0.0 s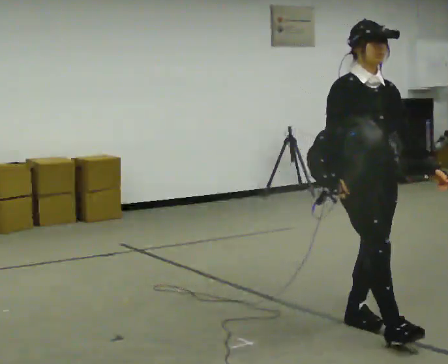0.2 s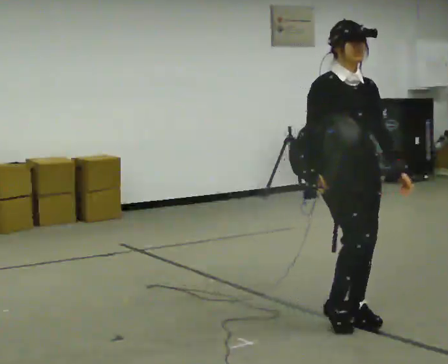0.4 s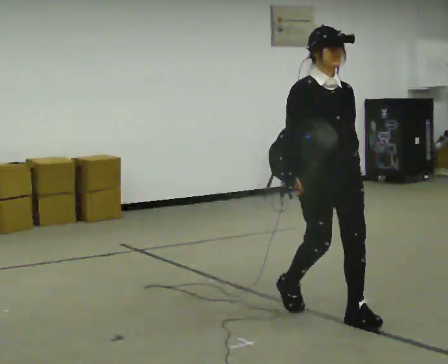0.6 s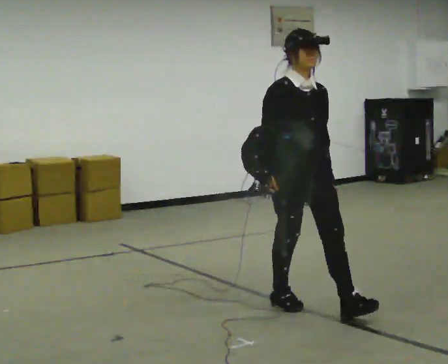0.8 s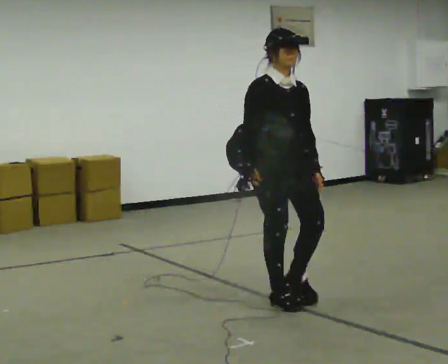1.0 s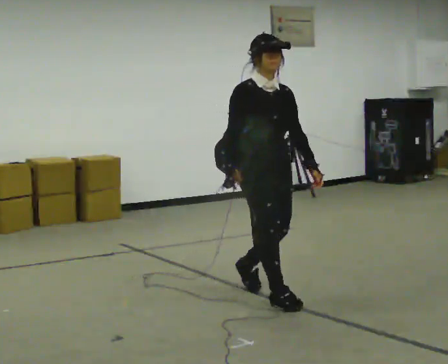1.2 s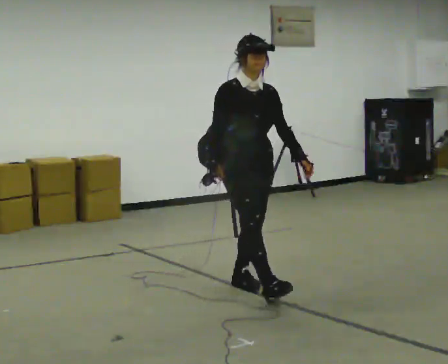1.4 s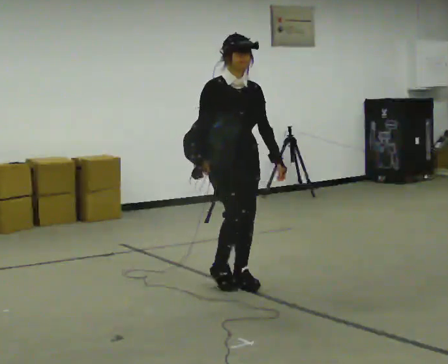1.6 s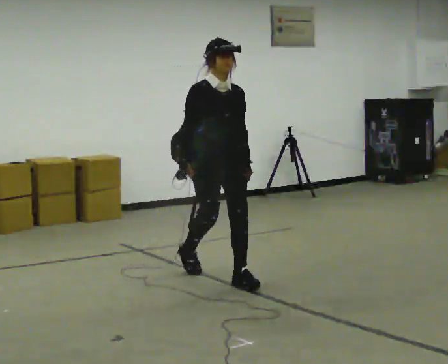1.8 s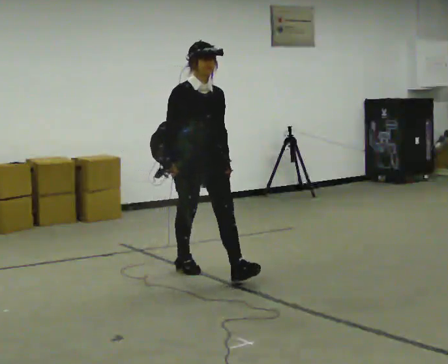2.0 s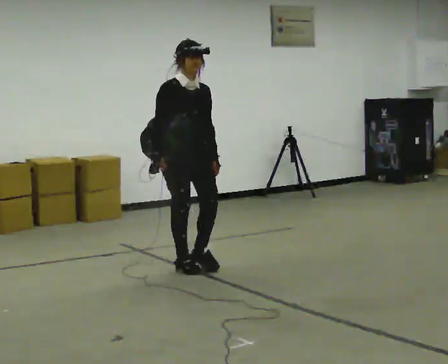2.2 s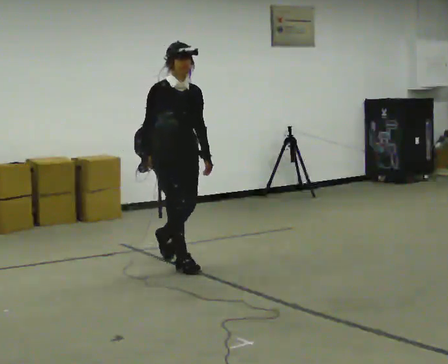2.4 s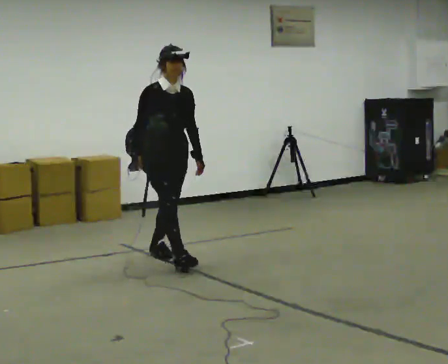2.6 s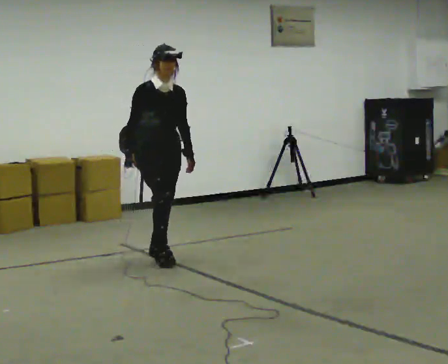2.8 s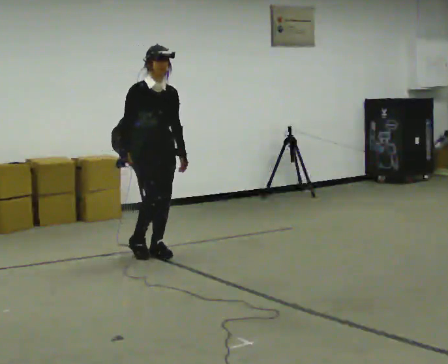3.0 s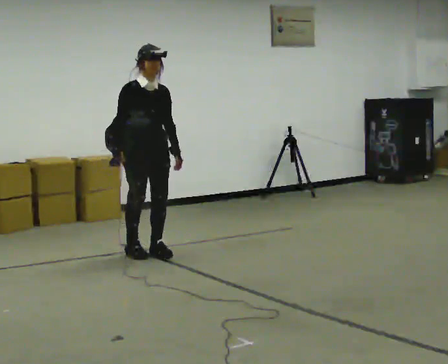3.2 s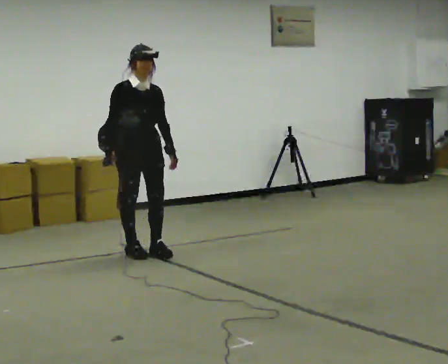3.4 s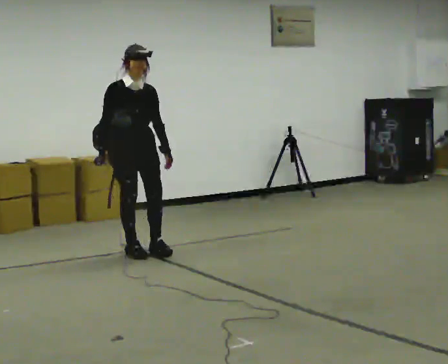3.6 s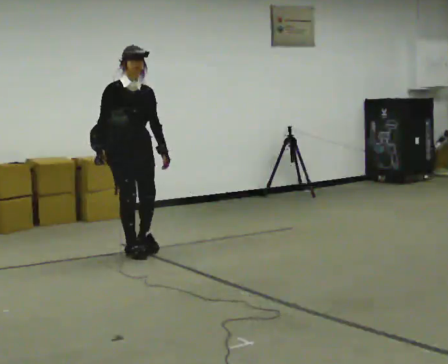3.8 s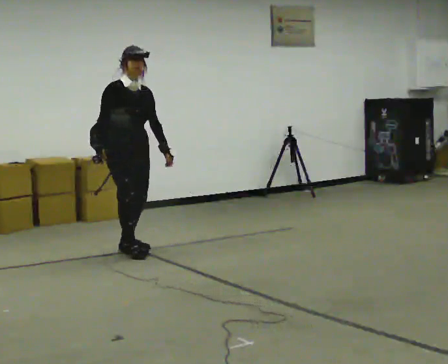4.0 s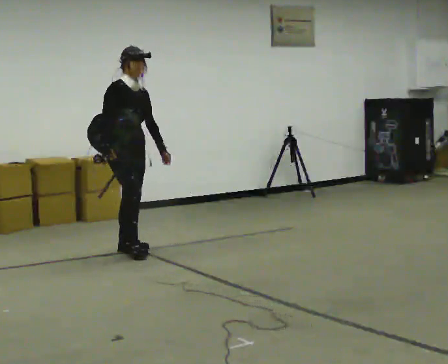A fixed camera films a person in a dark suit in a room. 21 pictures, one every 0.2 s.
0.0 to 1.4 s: In the picture they go away from the camera and to the left, about 1.5 m in 2 steps, which for them is backward.
1.4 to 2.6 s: In the picture they go away from the camera and to the left, about 1 m in 2 steps, which for them is backward.
2.6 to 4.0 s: In the picture they go to the left and away from the camera, about 0.25 m in 2 steps, which for them is backward and to their right.
The film runs backward here.
